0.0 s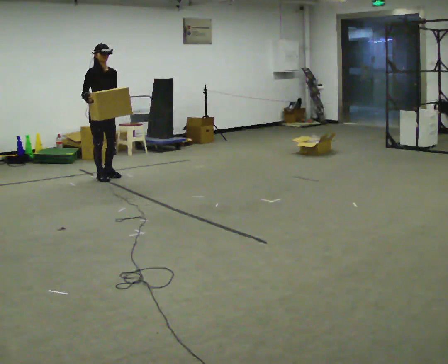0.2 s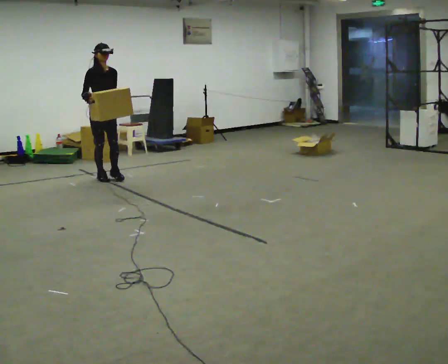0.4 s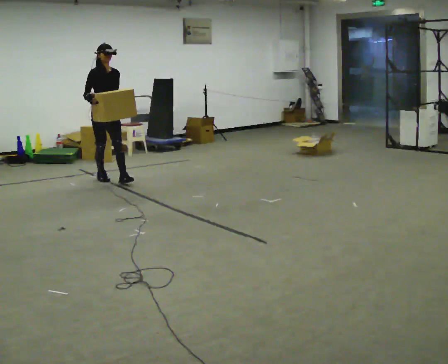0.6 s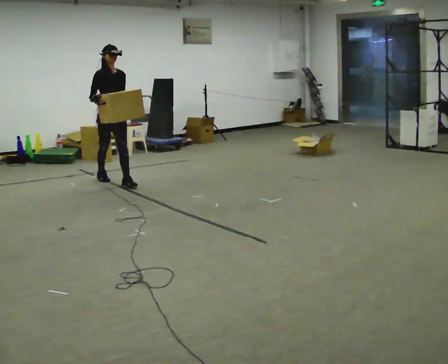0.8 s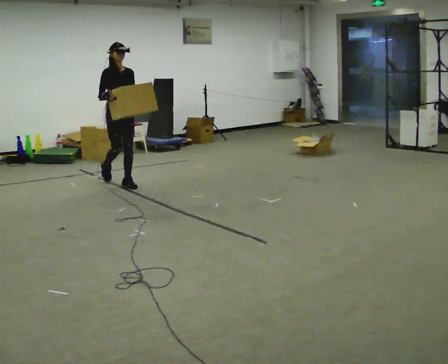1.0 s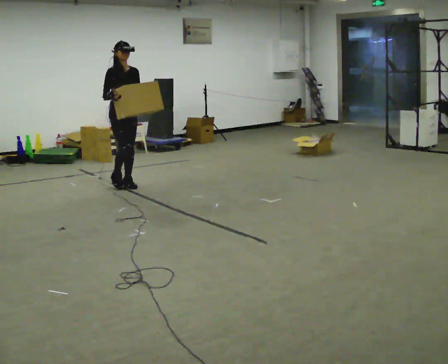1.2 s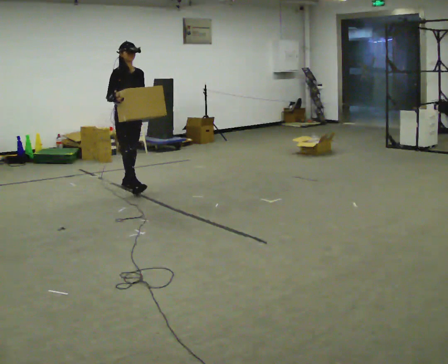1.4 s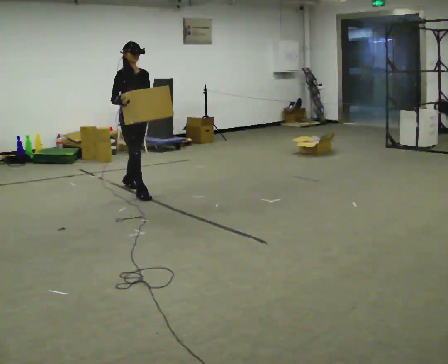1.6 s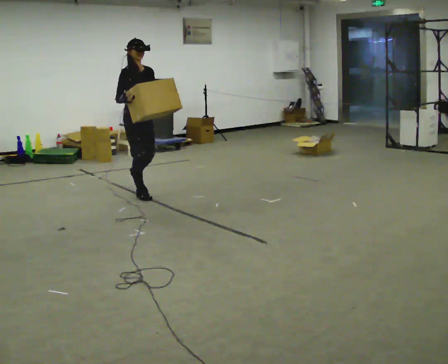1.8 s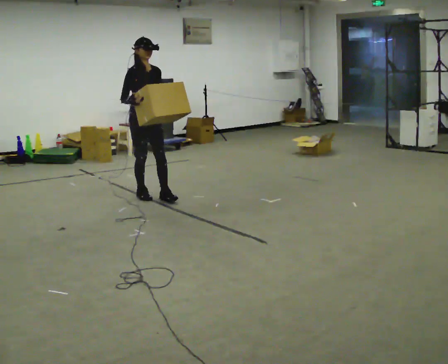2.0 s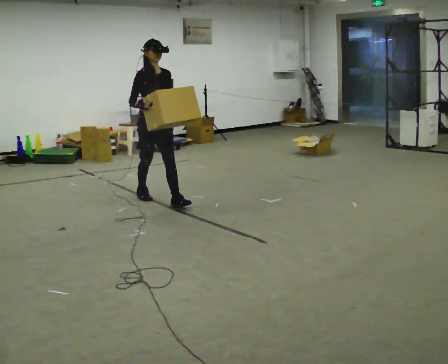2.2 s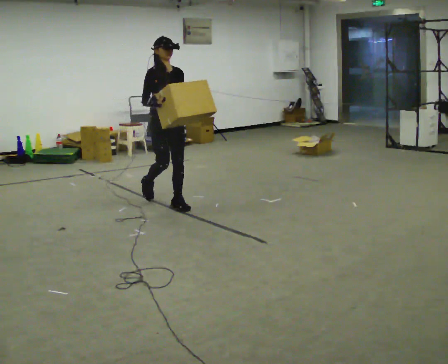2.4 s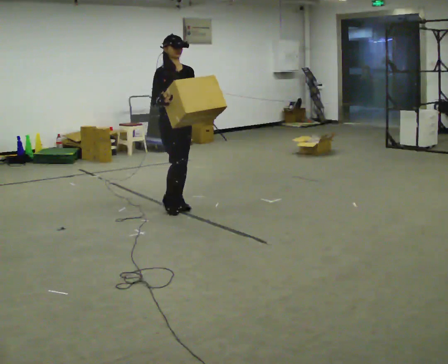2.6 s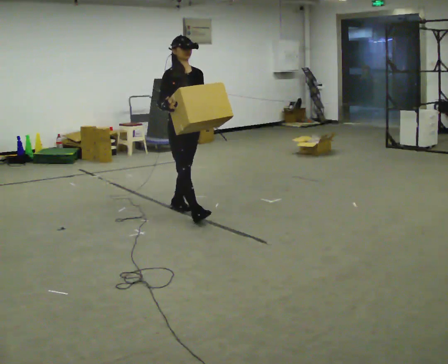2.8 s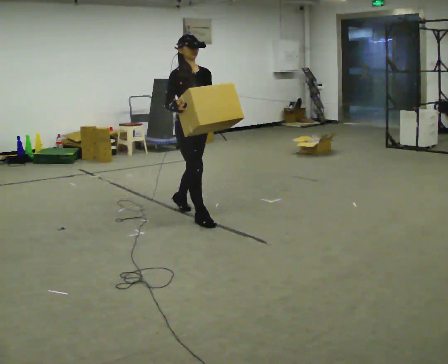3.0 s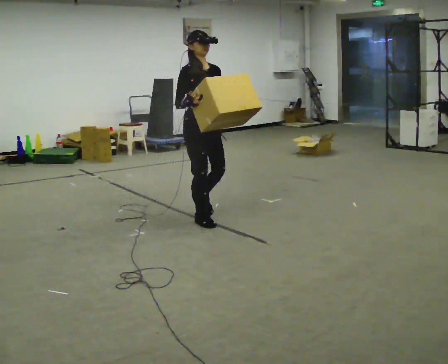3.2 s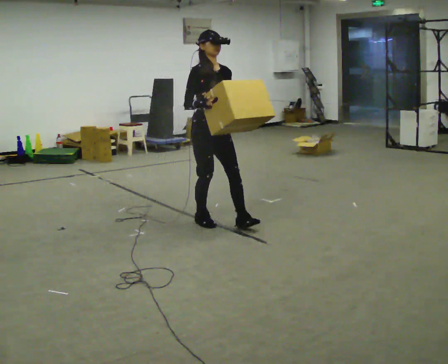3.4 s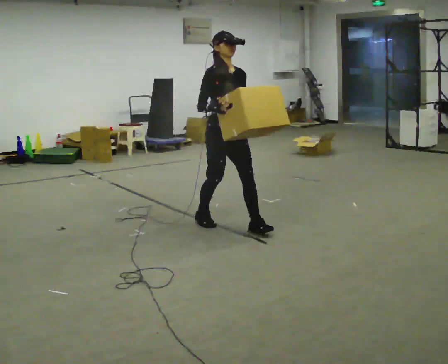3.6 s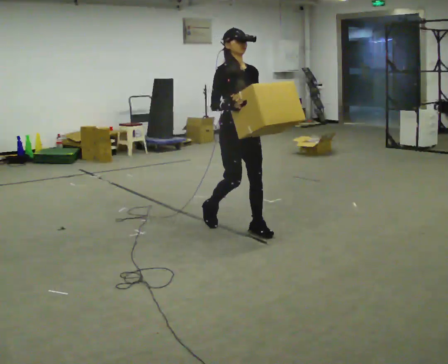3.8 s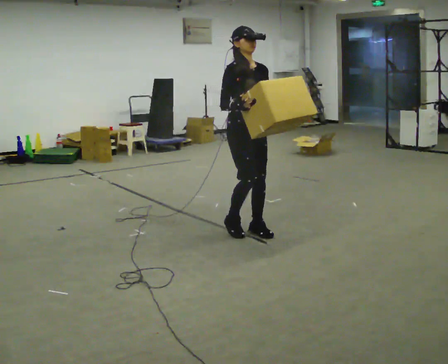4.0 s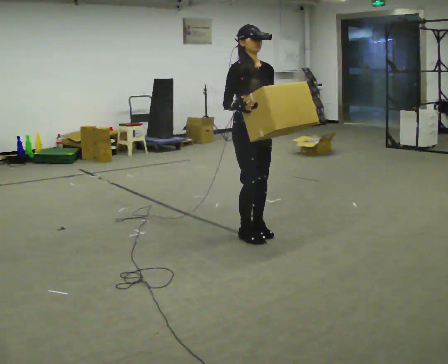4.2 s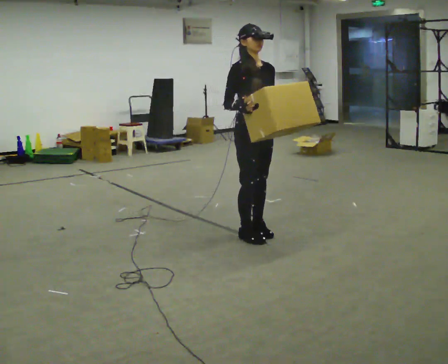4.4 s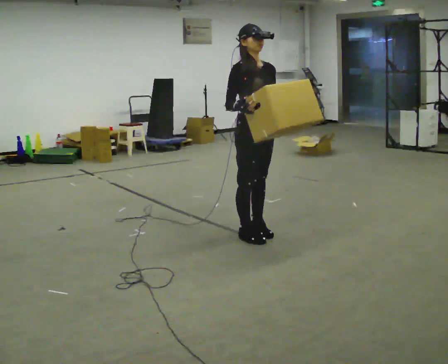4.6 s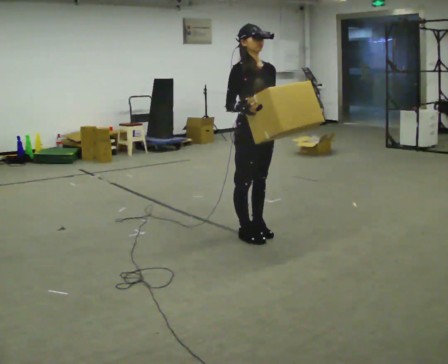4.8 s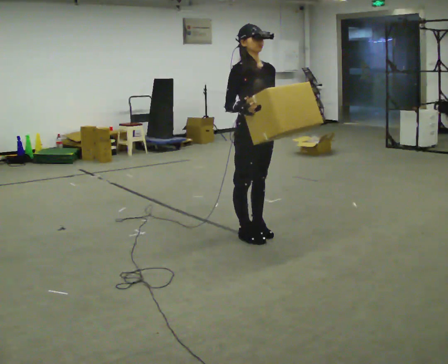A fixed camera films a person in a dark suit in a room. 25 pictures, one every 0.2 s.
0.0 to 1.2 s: In the picture they go toward the camera and to the right, about 0.5 m in 1 step, which for them is forward.
1.2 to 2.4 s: In the picture they go toward the camera and to the right, about 1 m in 2 steps, which for them is forward.
2.4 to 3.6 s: In the picture they go toward the camera and to the right, about 1 m in 2 steps, which for them is forward.
3.6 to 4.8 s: In the picture they go toward the camera, about 0.25 m in 1 step, which for them is forward.
The film runs forward here.
